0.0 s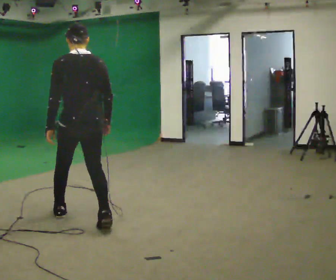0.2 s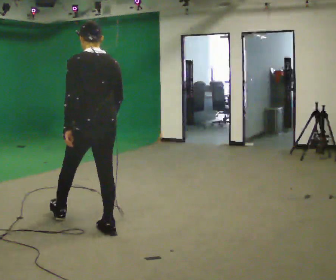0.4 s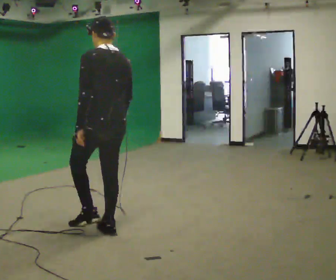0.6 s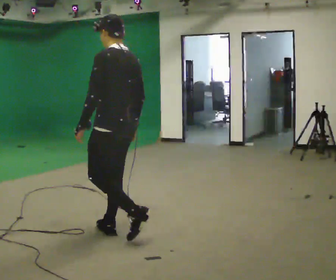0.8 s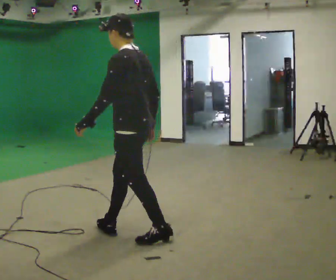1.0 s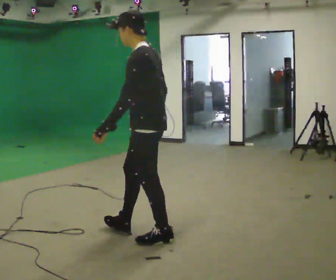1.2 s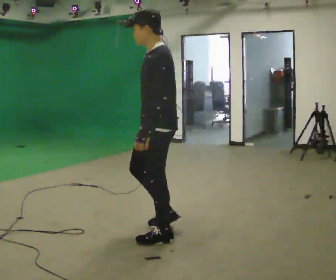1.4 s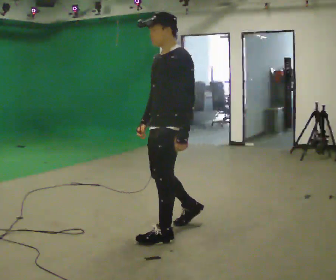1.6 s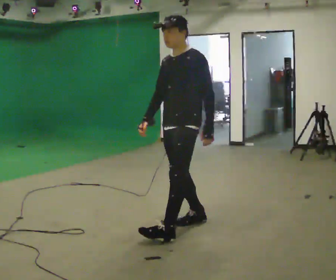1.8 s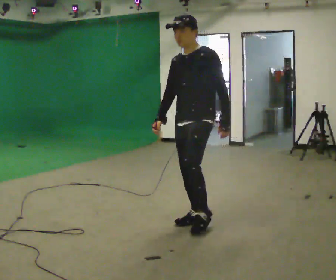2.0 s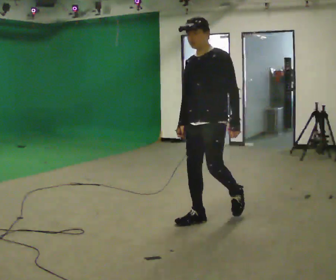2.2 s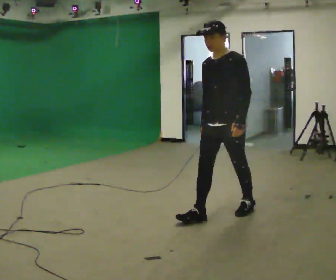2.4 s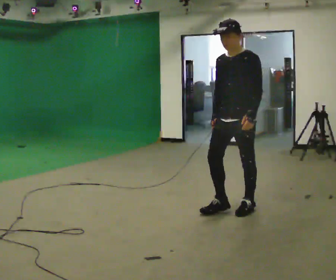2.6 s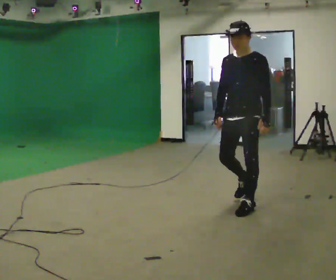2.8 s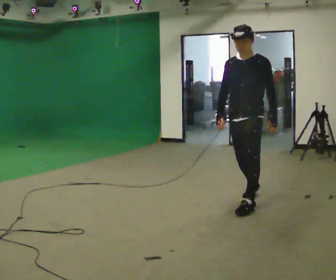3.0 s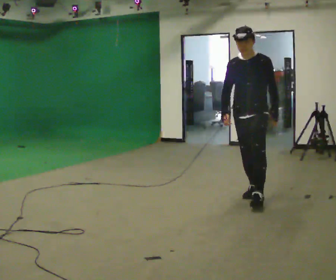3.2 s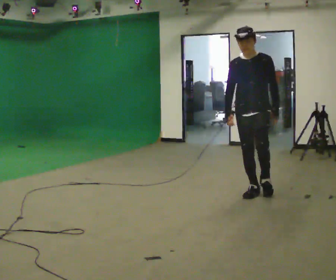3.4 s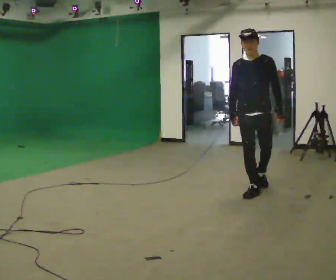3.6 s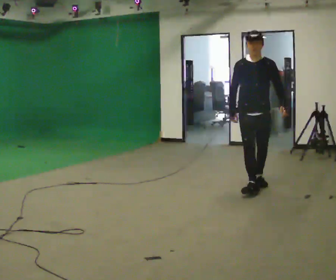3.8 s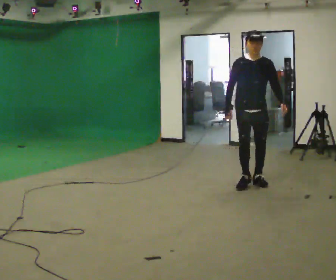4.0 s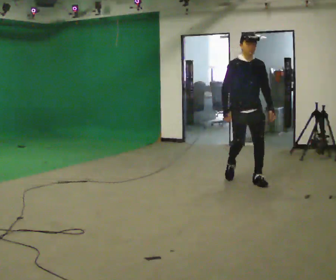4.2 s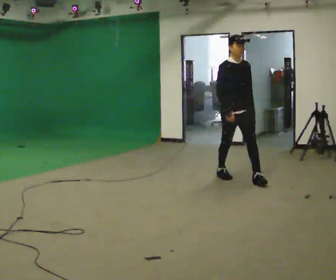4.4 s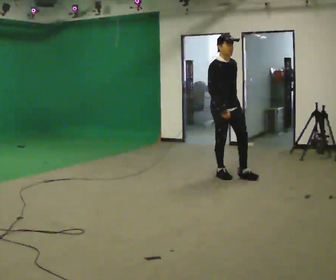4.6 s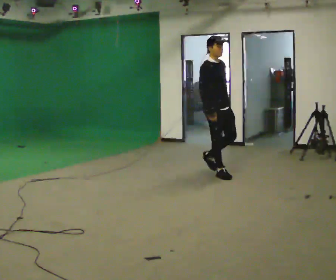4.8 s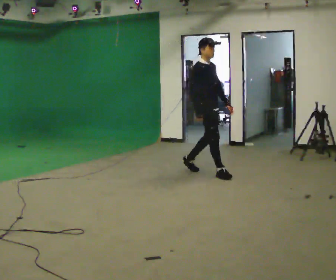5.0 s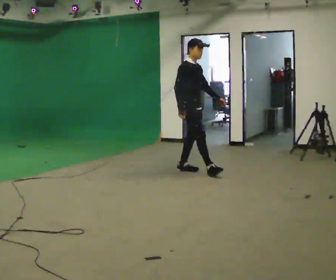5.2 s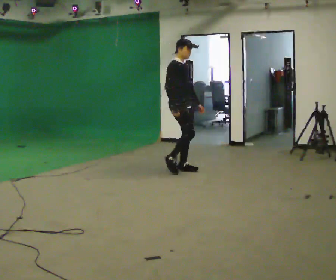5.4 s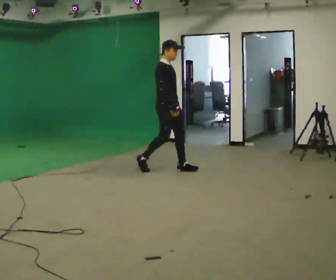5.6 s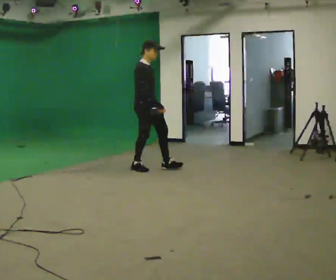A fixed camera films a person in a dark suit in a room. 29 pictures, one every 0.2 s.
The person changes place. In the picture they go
away from the camera.
The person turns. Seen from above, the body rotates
counterclockwise.
0.0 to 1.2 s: Seen from above the body turns counterclockwise, about 75 degrees: to their left, with its near side sliding to the right. In the picture they go to the right, about 0.5 m in 2 steps.
1.2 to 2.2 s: Seen from above the body turns counterclockwise, about 45 degrees: to their left, with its near side sliding to the right. In the picture they go away from the camera and to the right, about 0.5 m in 1 step, which for them is backward.
2.2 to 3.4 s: Seen from above the body turns counterclockwise, about 30 degrees: to their left, with its near side sliding to the right. In the picture they go away from the camera, about 1 m in 2 steps, which for them is backward.
3.4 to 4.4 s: The person turns about 45 degrees to their left, counterclockwise seen from above, so the part of the body nearest the lens slides to the right. In the picture they go away from the camera and to the left, about 0.5 m in 2 steps, which for them is backward.
4.4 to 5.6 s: The part of the body nearest the lens slides to the right as the person turns to their left by about 30 degrees. In the picture they go to the left, about 1 m in 2 steps, which for them is backward.
The film runs backward here.
